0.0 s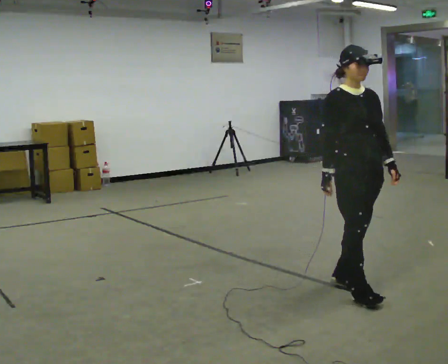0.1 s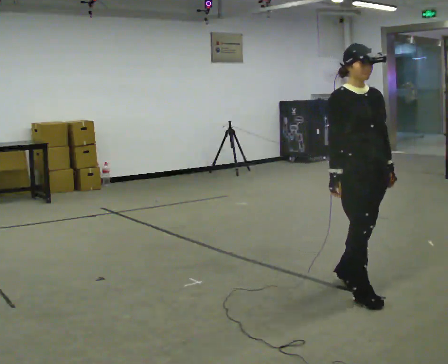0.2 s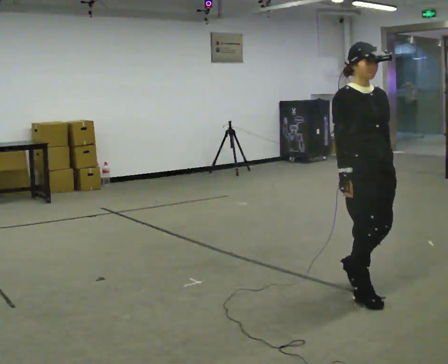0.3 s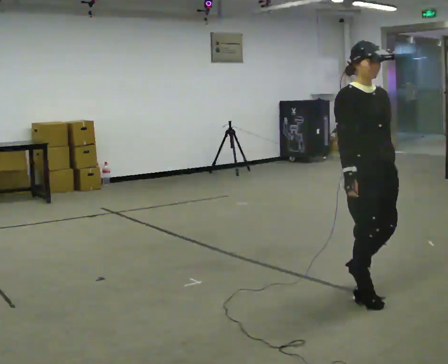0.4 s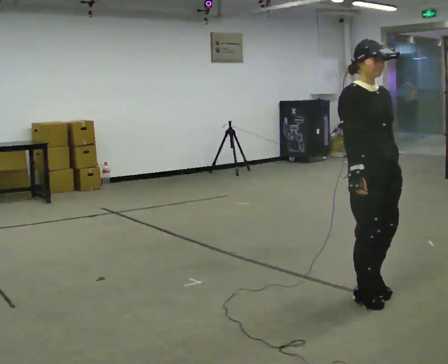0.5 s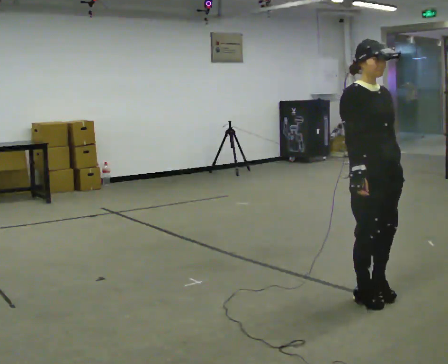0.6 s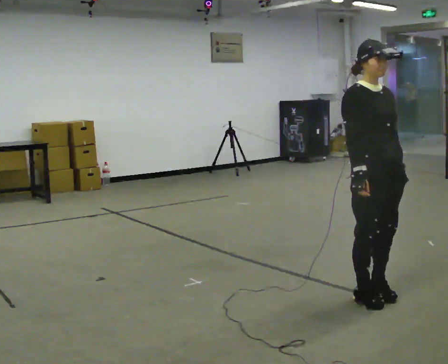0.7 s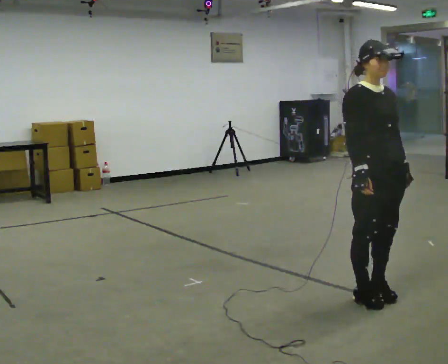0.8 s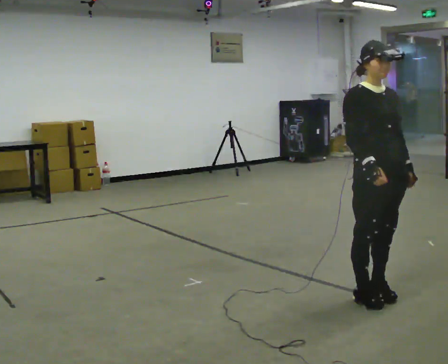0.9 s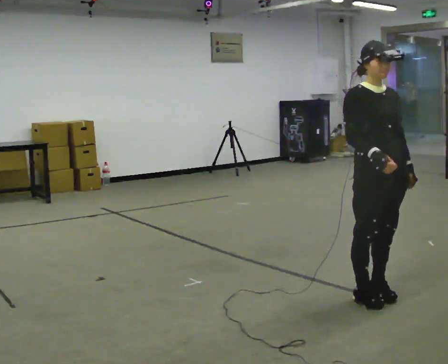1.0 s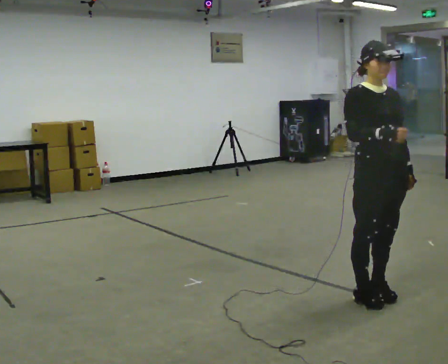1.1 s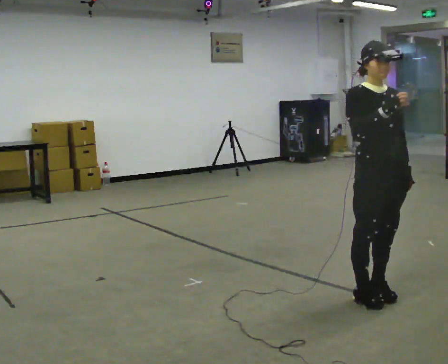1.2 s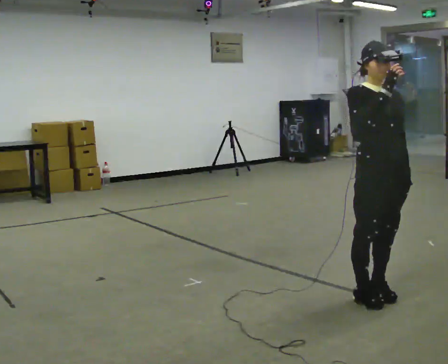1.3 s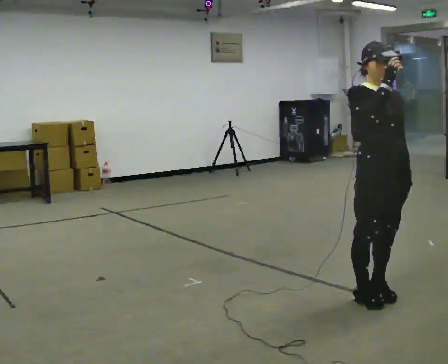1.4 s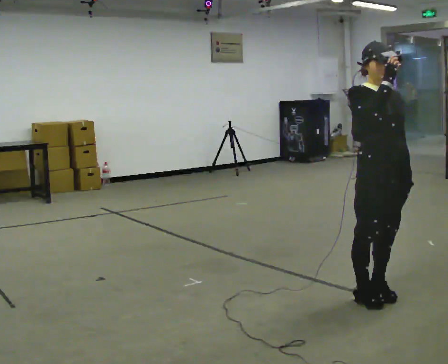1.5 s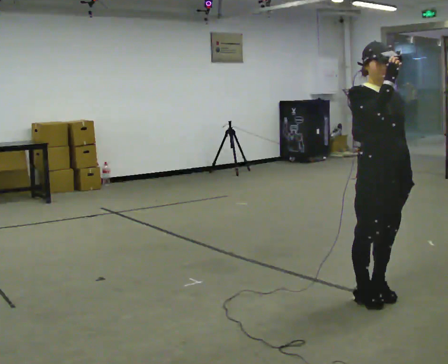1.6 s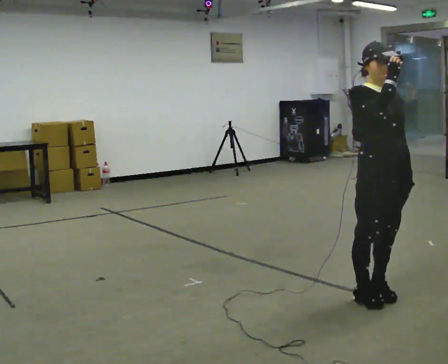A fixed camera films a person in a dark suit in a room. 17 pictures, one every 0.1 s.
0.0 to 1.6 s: In the picture they go toward the camera, about 0.25 m in 1 step, which for them is forward. In the picture their right hand goes upward and to the right.
The film runs forward here.
